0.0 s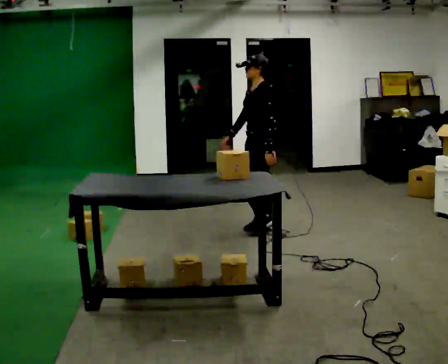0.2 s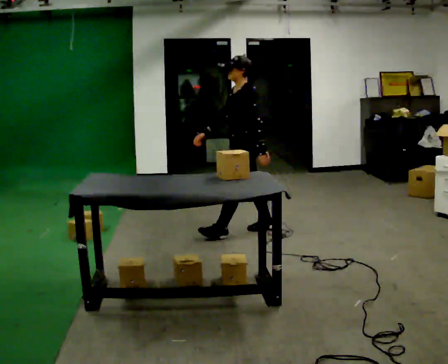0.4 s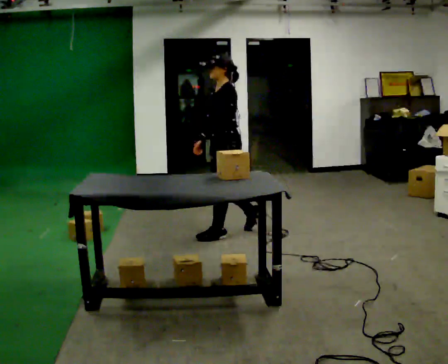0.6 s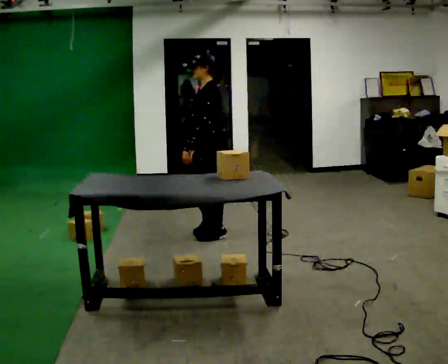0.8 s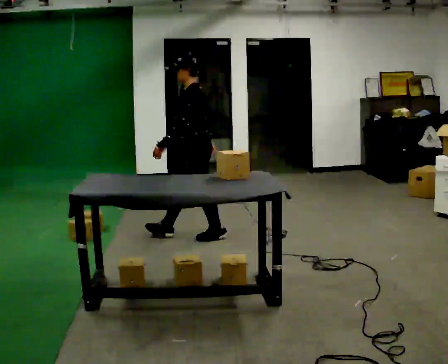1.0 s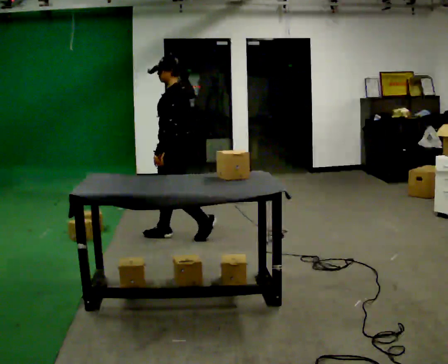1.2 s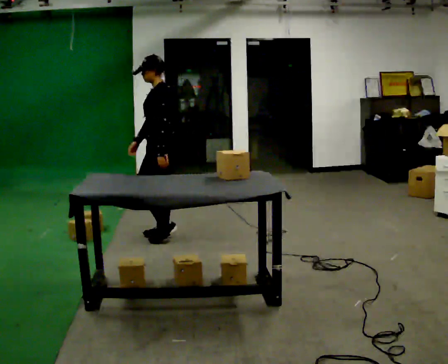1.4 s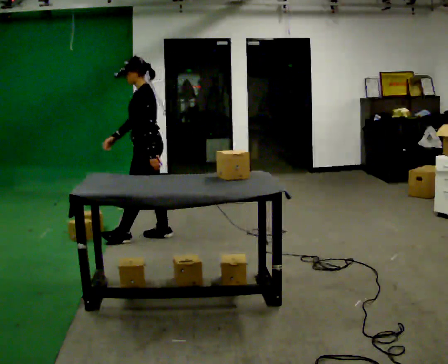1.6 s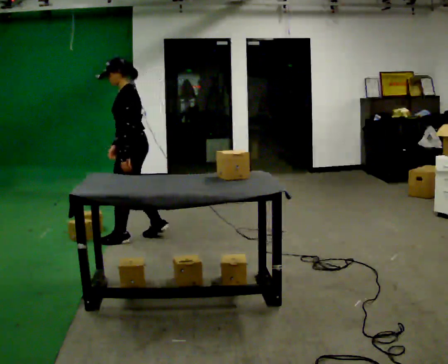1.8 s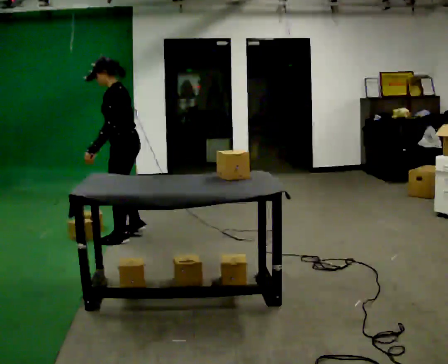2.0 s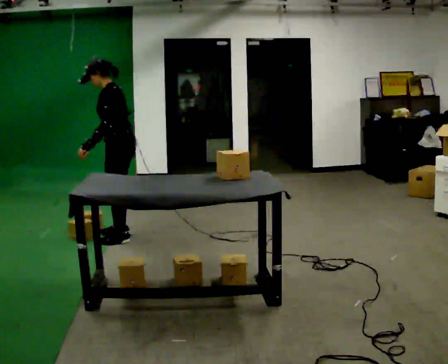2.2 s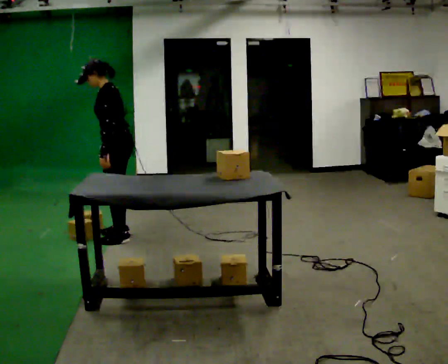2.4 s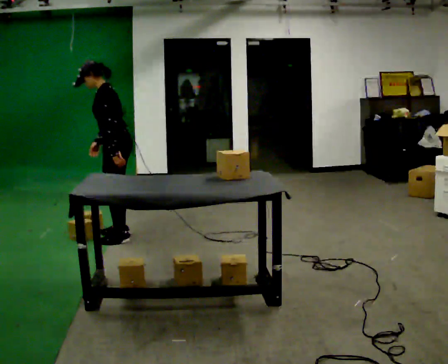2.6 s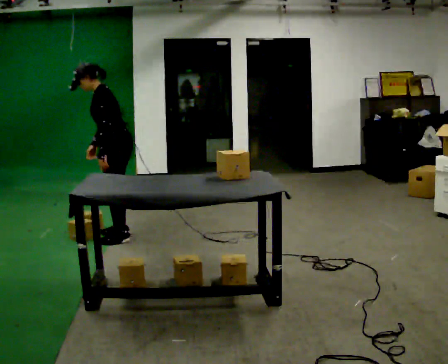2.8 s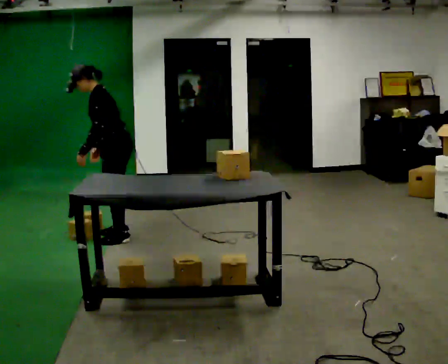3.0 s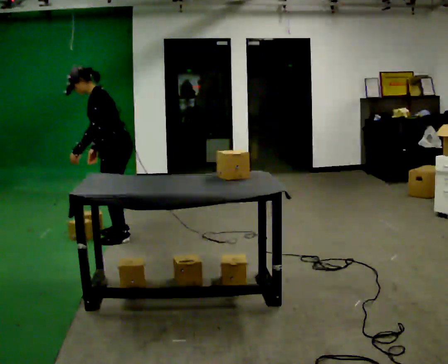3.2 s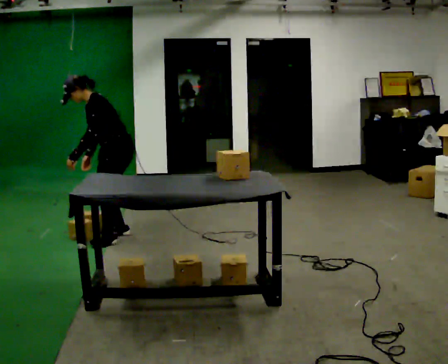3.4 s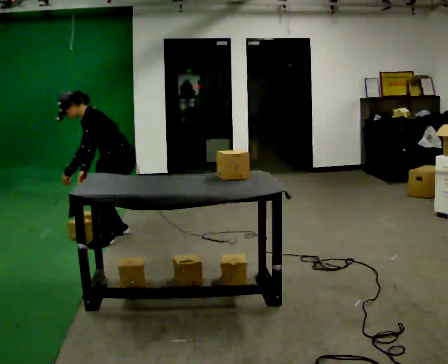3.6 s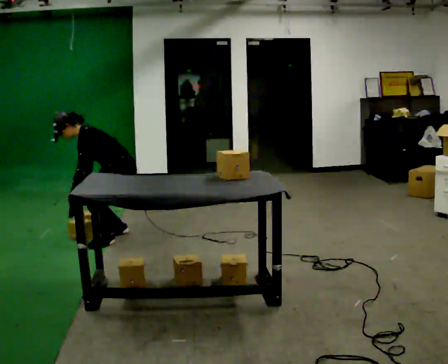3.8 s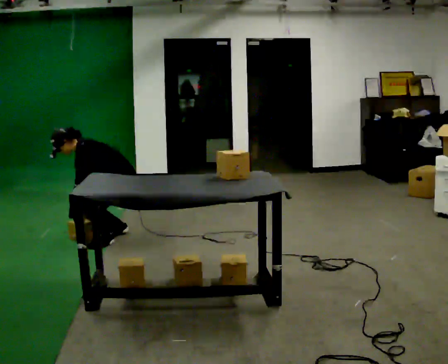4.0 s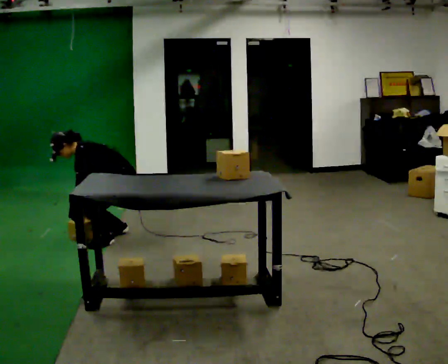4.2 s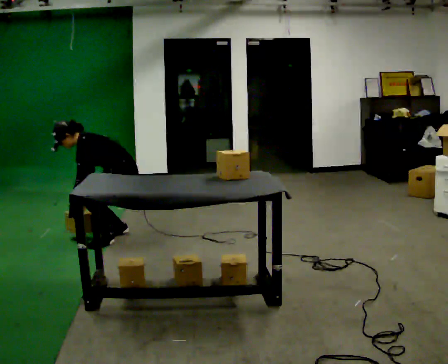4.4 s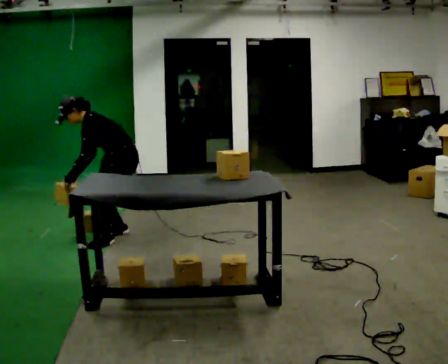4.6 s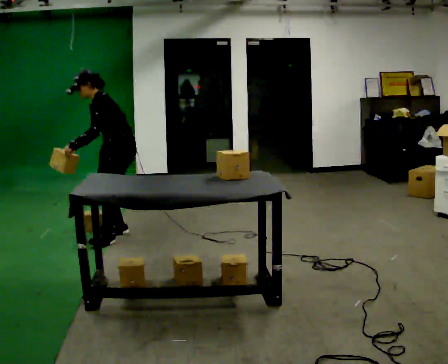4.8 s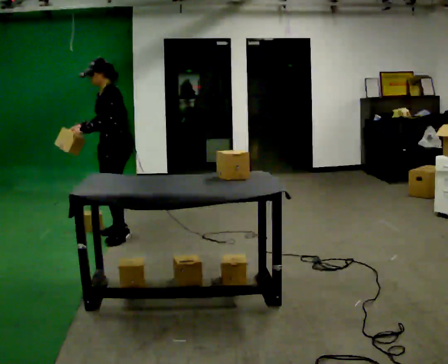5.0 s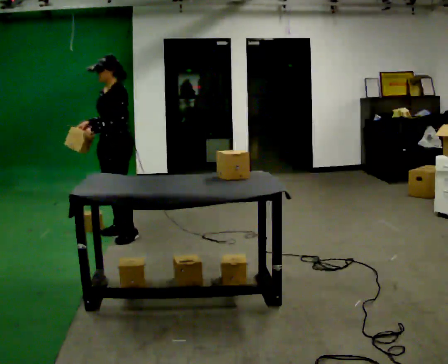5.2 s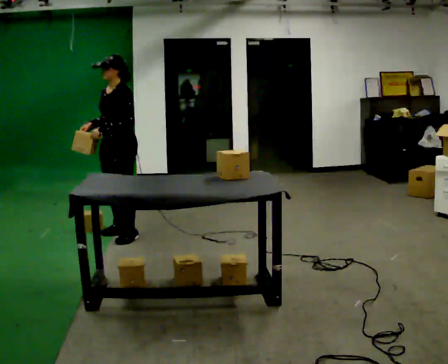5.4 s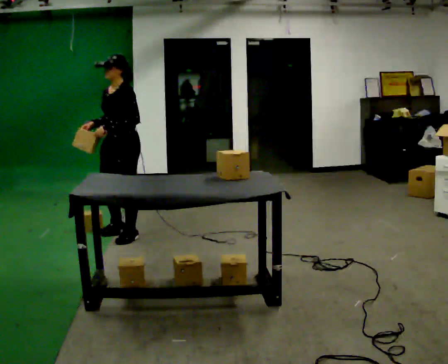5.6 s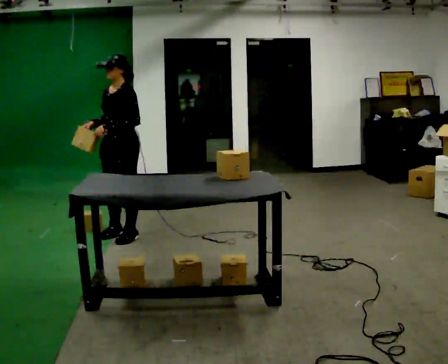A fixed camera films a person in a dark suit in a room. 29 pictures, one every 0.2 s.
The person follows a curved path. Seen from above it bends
clockwise.
The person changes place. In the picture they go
to the left.
0.0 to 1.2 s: In the picture they go to the left, about 1 m in 2 steps, which for them is forward.
1.2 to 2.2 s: In the picture they go to the left, about 0.25 m in 2 steps, which for them is forward.
2.2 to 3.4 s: The part of the body nearest the lens slides to the right as the person turns to their left by about 30 degrees. The upper body goes downward. In the picture the upper body tilts counterclockwise, shoulders to the left, as they bend forward. In the picture their left hand goes to the left.
3.4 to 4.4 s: The person moves a little, or ends about where they began.
4.4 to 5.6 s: The upper body goes upward. In the picture the upper body tilts clockwise, shoulders to the right, as they lean back or straighten. In the picture their left hand goes upward and to the right.
The film runs forward here.
